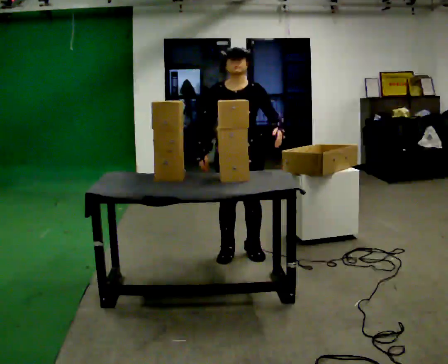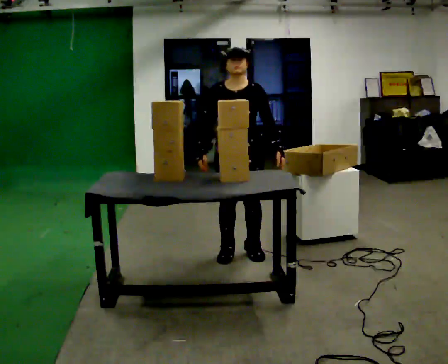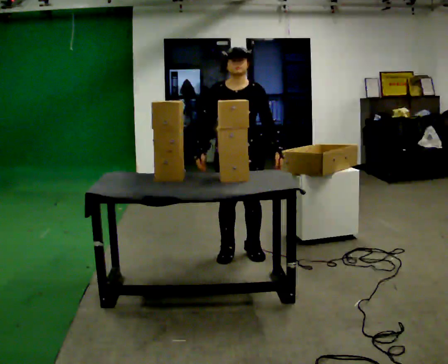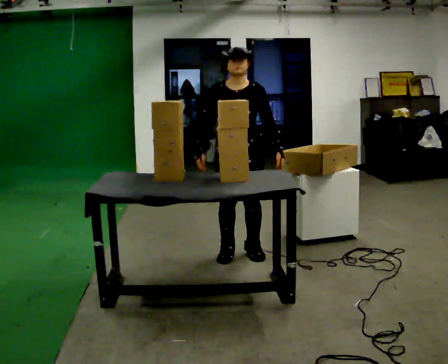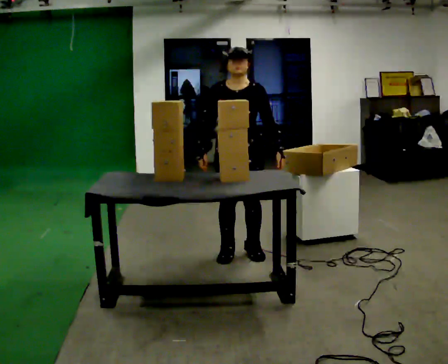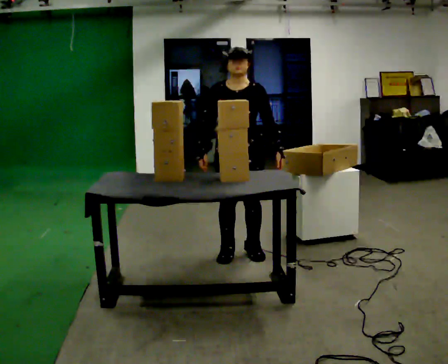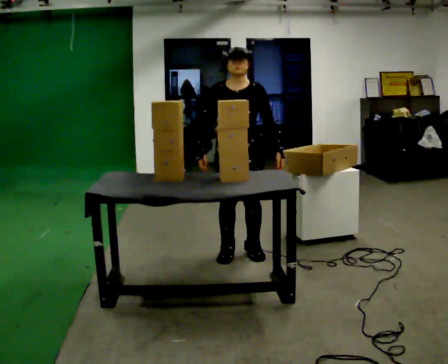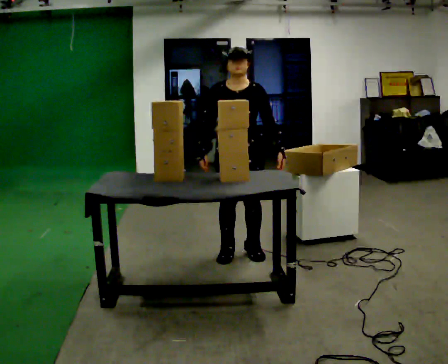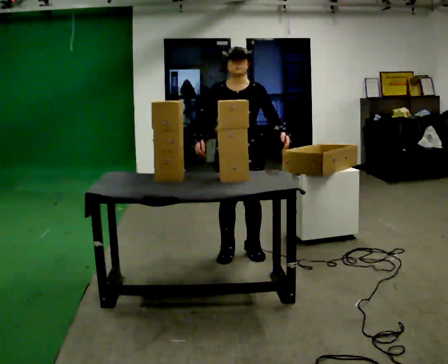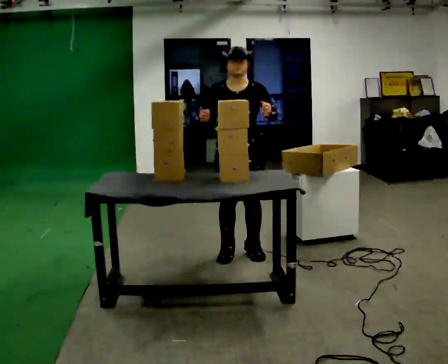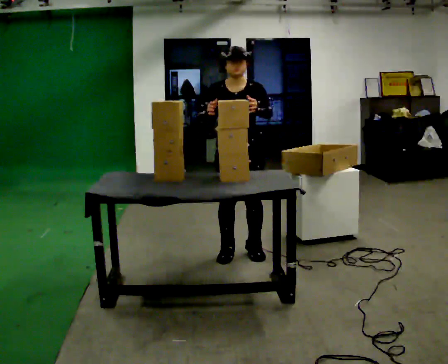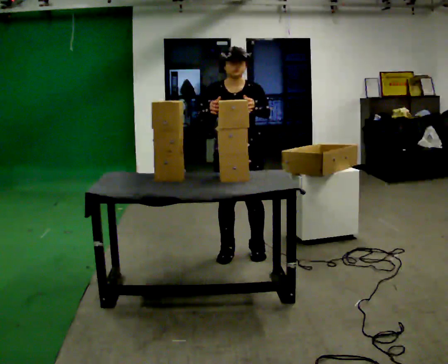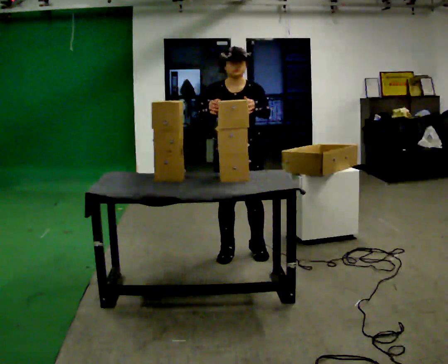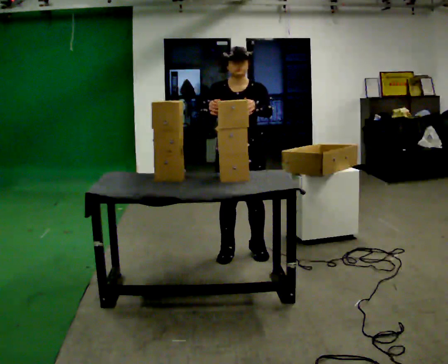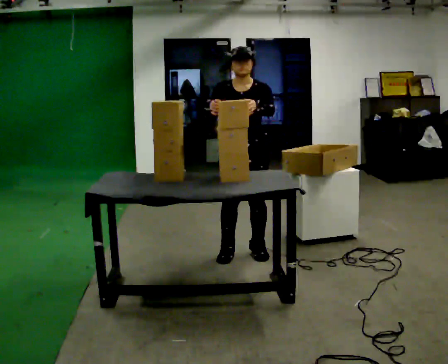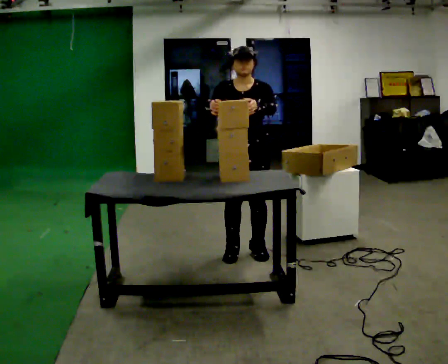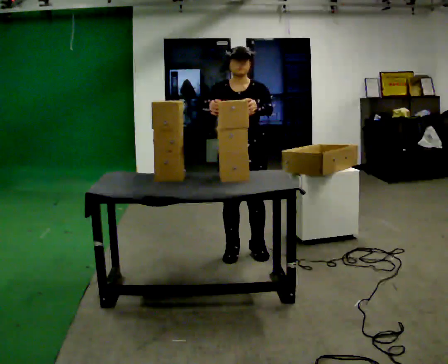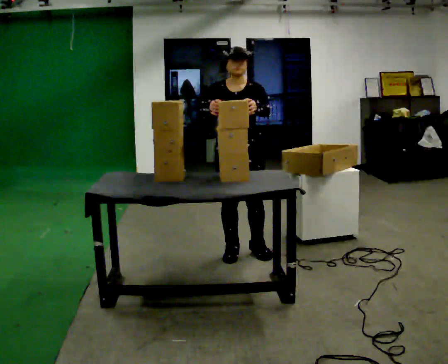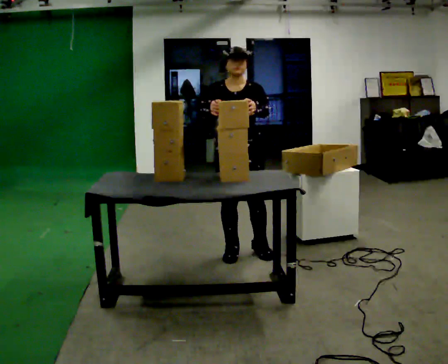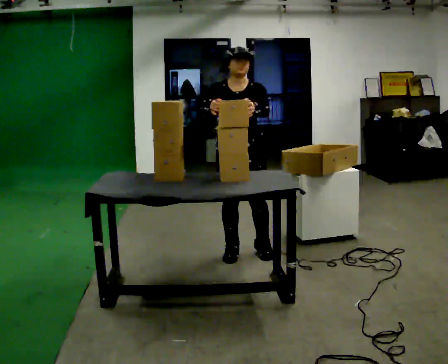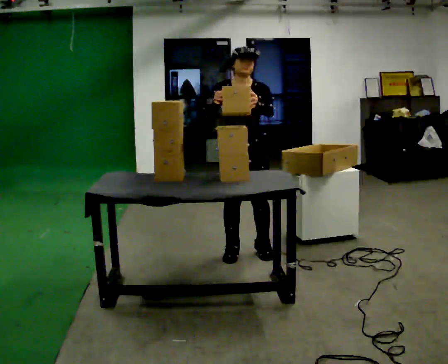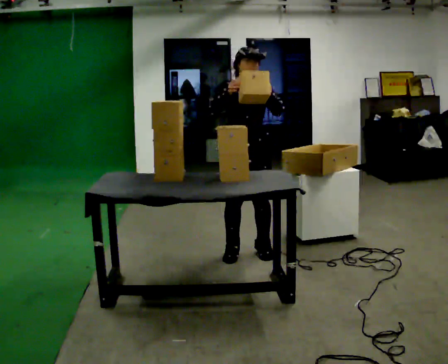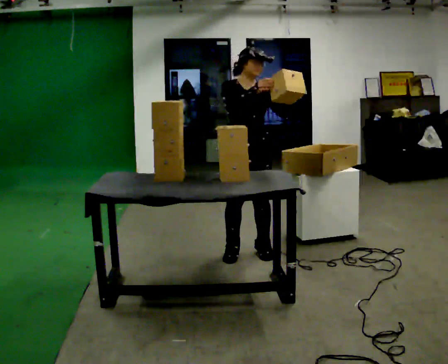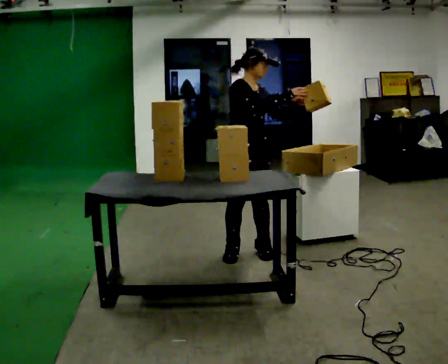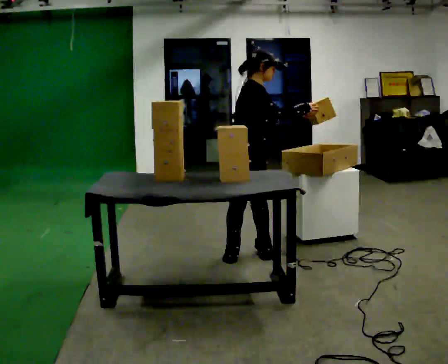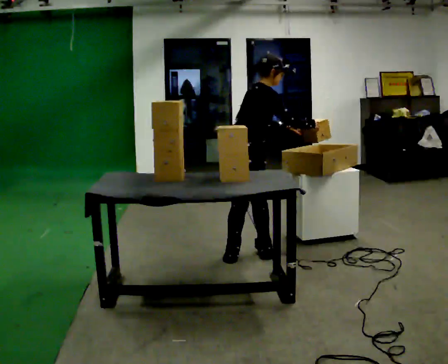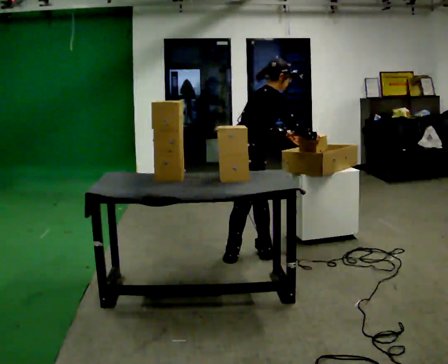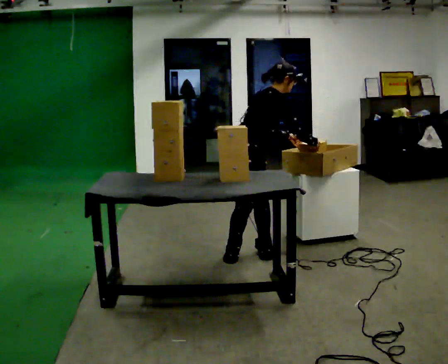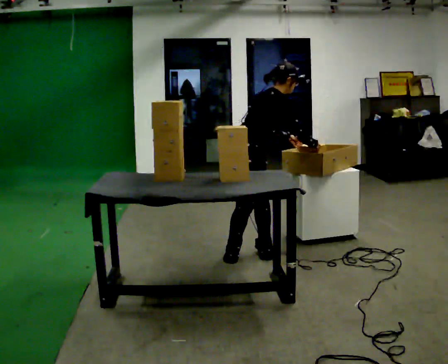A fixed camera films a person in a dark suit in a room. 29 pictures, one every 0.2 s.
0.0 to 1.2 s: The person moves a little, or ends about where they began.
1.2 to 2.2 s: In the picture their right hand goes upward.
2.2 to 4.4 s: The person moves a little, or ends about where they began.
4.4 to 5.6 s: Seen from above the body turns counterclockwise, about 60 degrees: to their left, with its near side sliding to the right. In the picture the upper body tilts clockwise, shoulders to the right, as they bend forward. In the picture their right hand goes to the right and downward.
The film runs forward here.
